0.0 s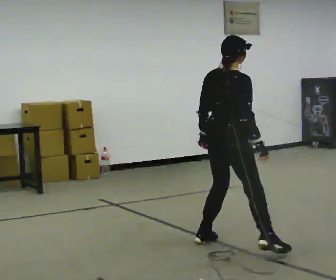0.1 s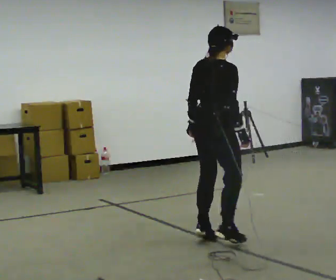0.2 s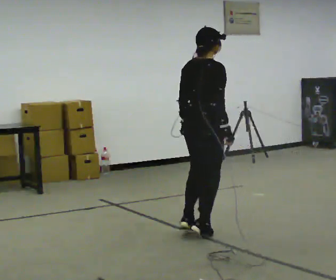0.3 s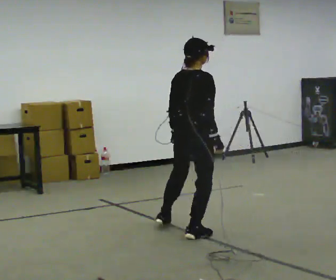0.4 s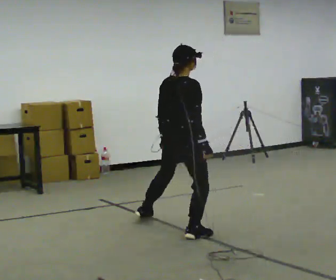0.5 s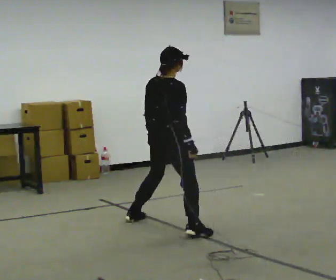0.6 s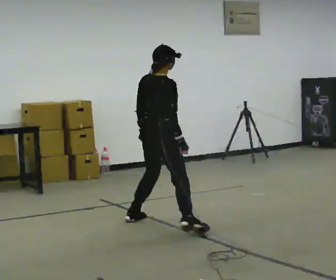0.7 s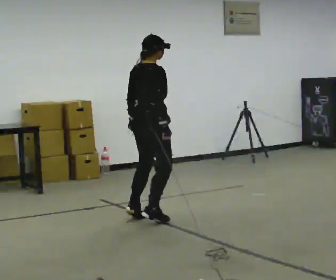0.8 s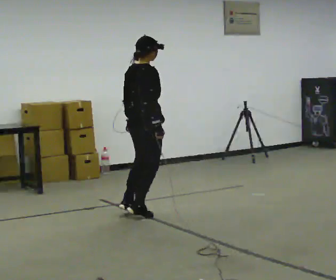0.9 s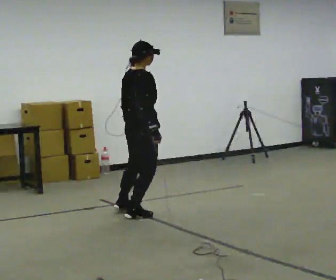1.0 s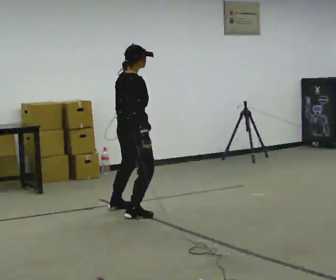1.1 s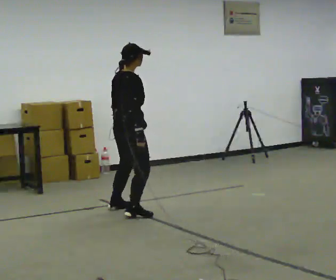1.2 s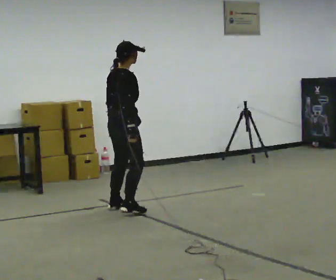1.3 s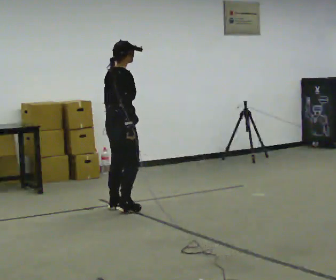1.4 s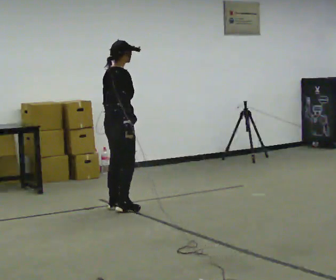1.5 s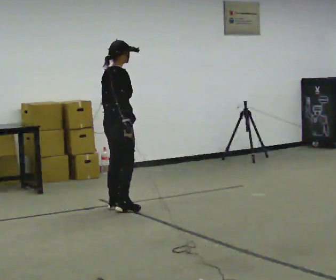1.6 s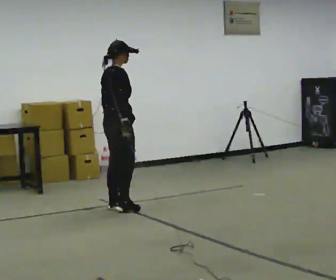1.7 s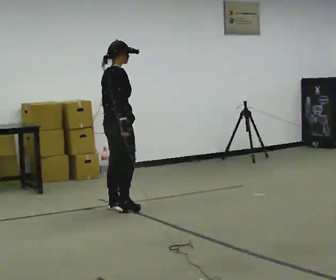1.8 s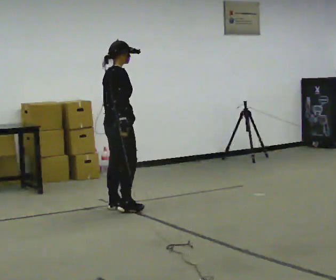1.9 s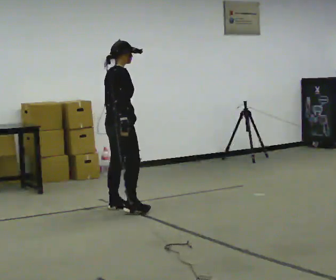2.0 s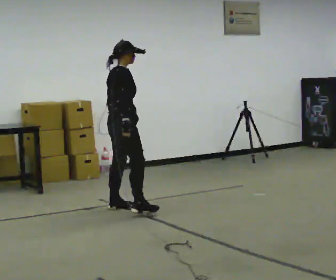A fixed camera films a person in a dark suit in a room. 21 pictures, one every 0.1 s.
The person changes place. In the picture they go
away from the camera.
0.0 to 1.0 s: In the picture they go away from the camera and to the left, about 1.5 m in 4 steps, which for them is to their left.
1.0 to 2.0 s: The person moves a little, or ends about where they began.
The film runs forward here.
